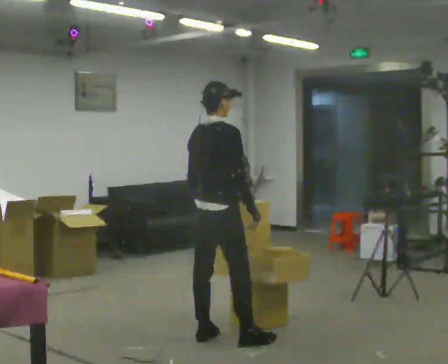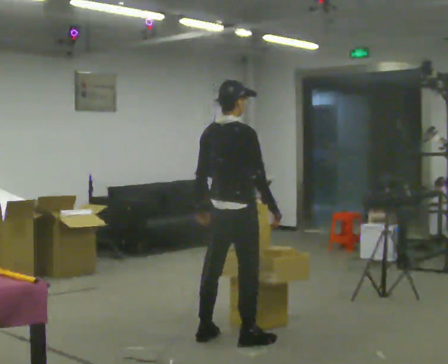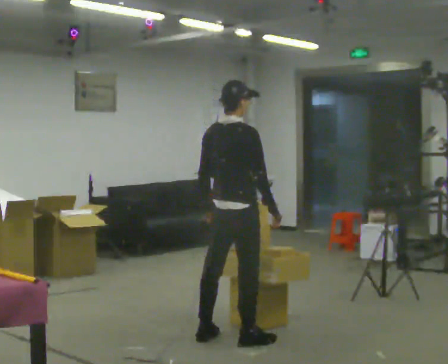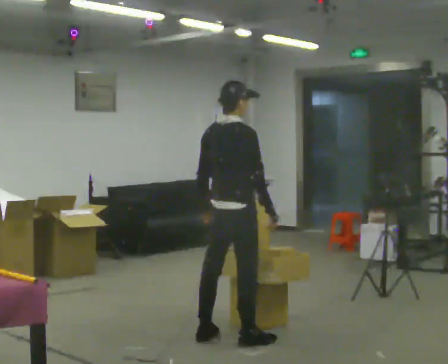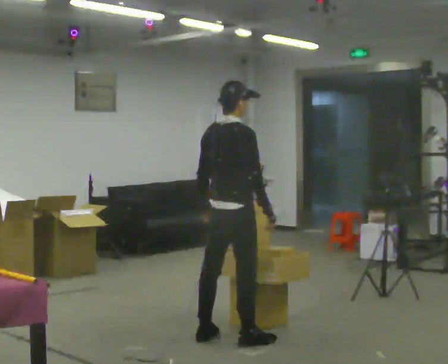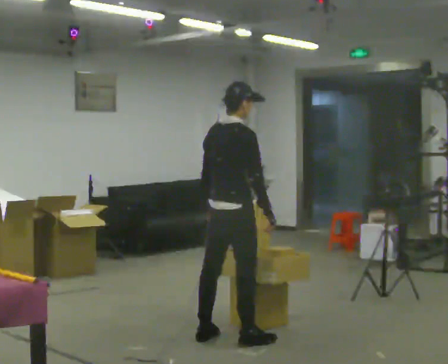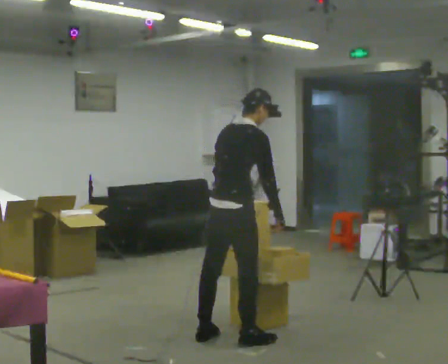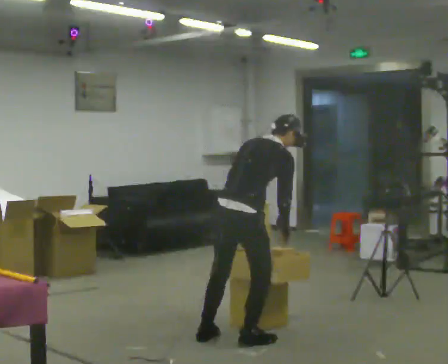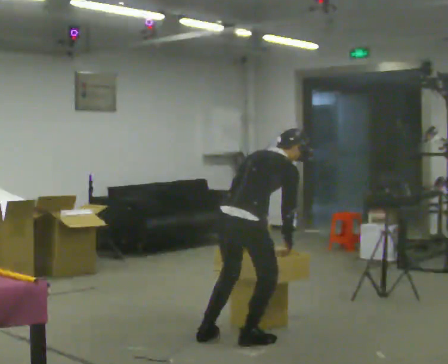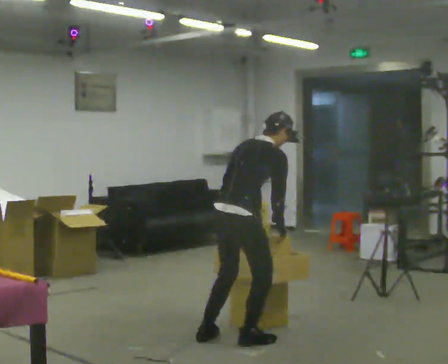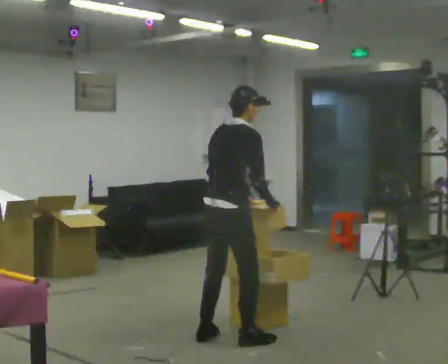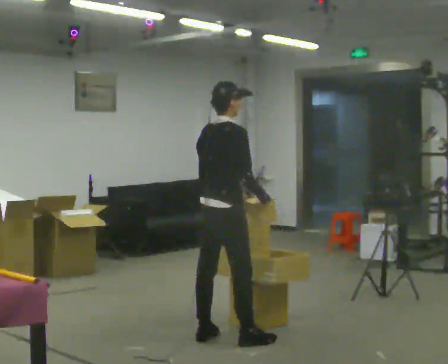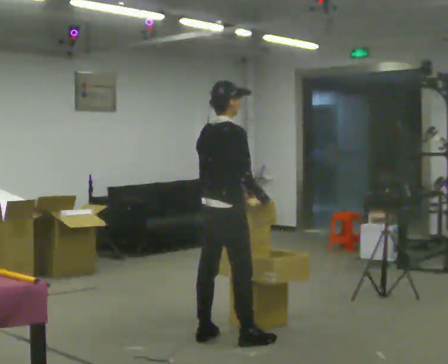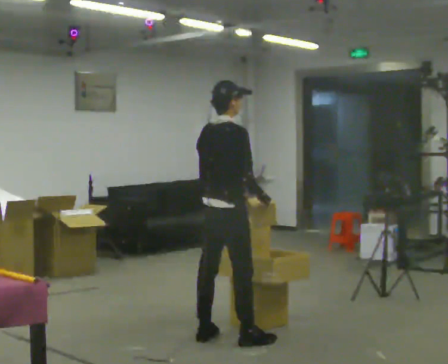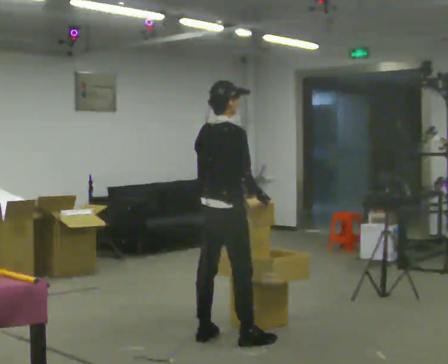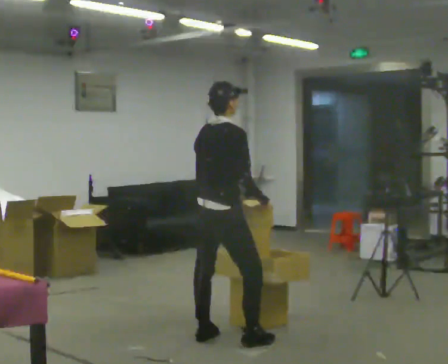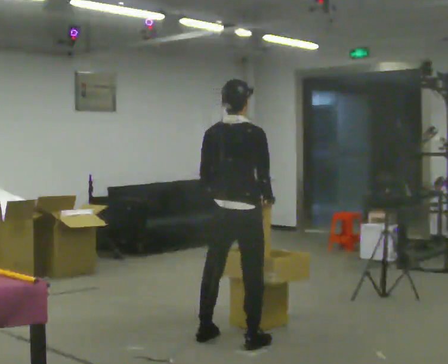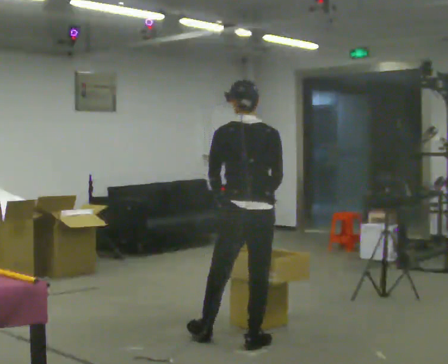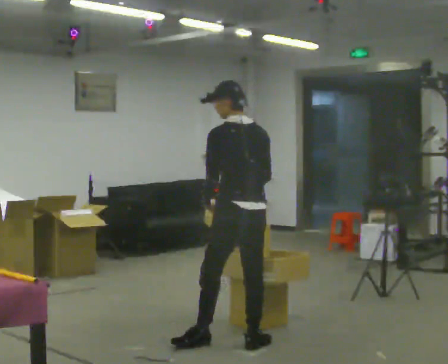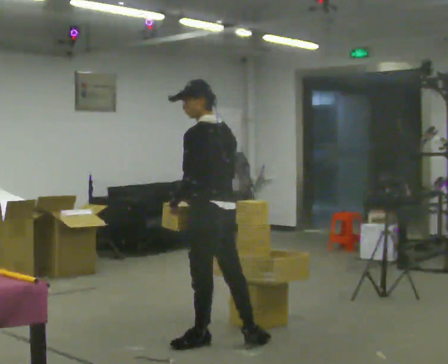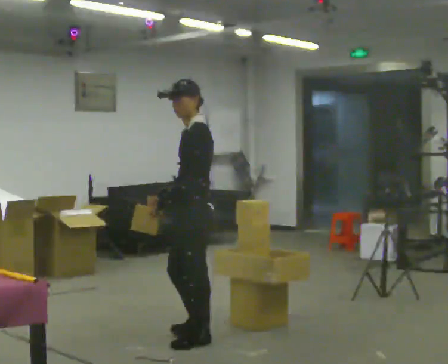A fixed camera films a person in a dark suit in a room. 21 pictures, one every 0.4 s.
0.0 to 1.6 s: The person moves a little, or ends about where they began.
1.6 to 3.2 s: In the picture they go toward the camera, about 0.25 m, which for them is to their right. The upper body goes downward. In the picture the upper body tilts clockwise, shoulders to the right, as they bend forward.
3.2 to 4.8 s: In the picture they go away from the camera, about 0.25 m, which for them is to their left. The shoulders move upward. In the picture the upper body tilts counterclockwise, shoulders to the left, as they lean back or straighten.
4.8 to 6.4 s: The person turns about 30 degrees to their left, counterclockwise seen from above, so the part of the body nearest the lens slides to the right.
6.4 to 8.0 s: The person turns about 120 degrees to their left, counterclockwise seen from above, so the part of the body nearest the lens slides to the right. In the picture they go to the left, about 0.25 m.
The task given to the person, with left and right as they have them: Carry the object over and fit it into the gap between the two boxes already on the shelf, without touching either of them. Keep going until the operator says stop; one object at a time, and do not rush between trips.
The film runs forward here.
